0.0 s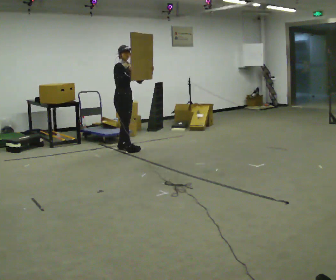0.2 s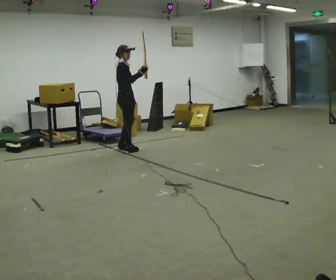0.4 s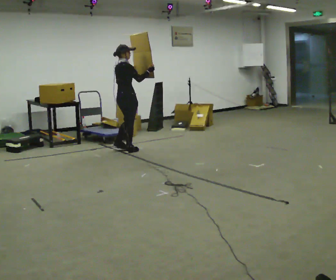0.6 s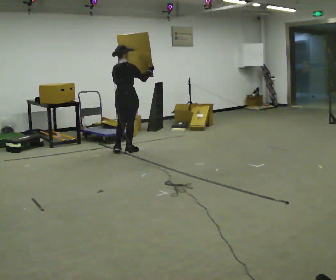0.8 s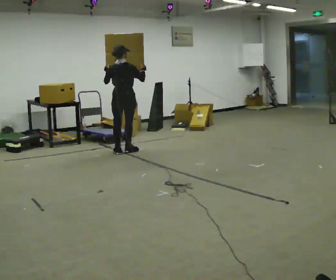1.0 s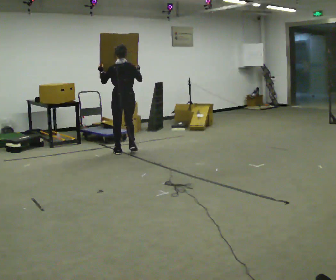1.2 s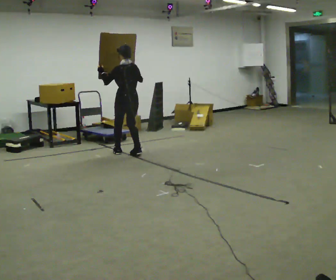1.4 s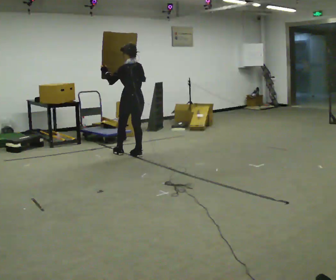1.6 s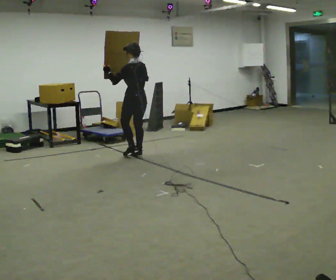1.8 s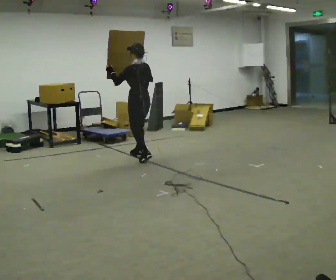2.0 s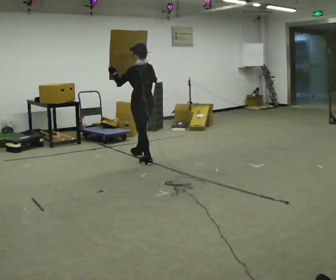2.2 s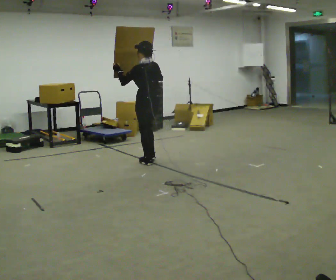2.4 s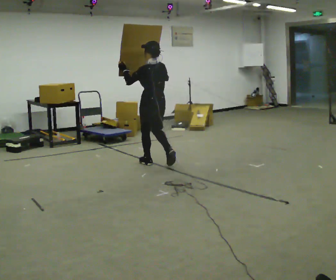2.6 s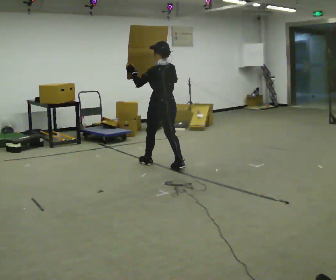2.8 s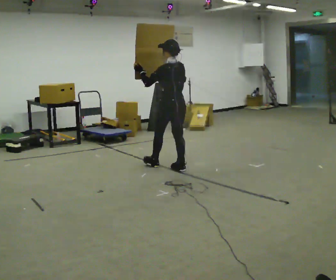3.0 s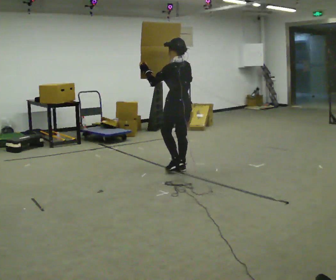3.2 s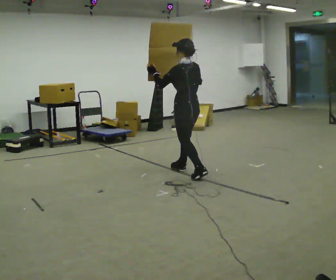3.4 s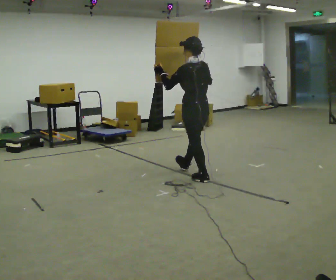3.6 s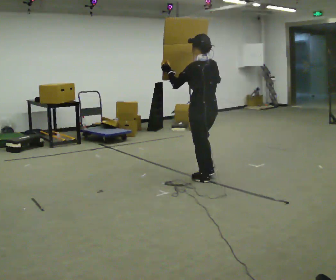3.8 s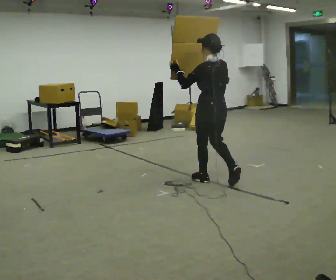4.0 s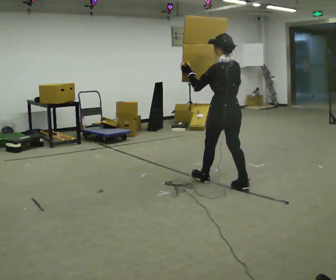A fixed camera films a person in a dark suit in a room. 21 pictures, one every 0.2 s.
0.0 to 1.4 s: The part of the body nearest the lens slides to the right as the person turns to their left by about 165 degrees. In the picture they go toward the camera and to the right, about 0.25 m in 3 steps.
1.4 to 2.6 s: In the picture they go toward the camera and to the right, about 1 m in 1 step, which for them is backward.
2.6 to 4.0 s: In the picture they go toward the camera and to the right, about 1 m in 2 steps, which for them is backward.
The film runs backward here.
